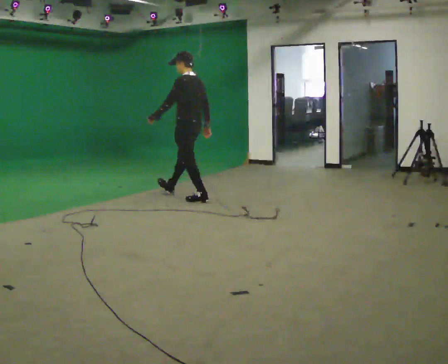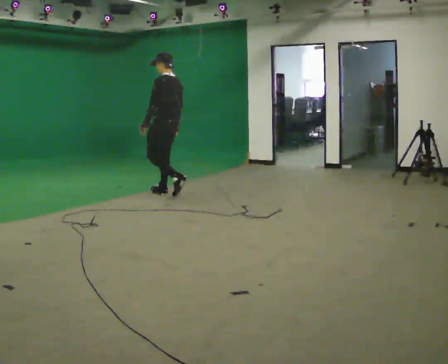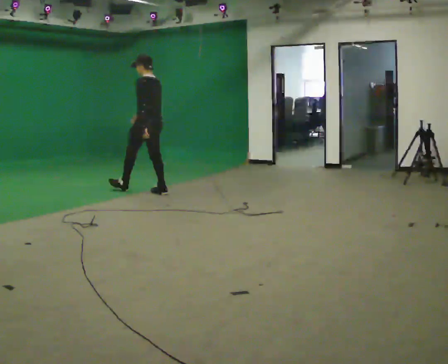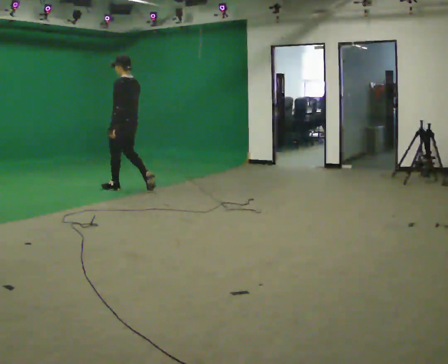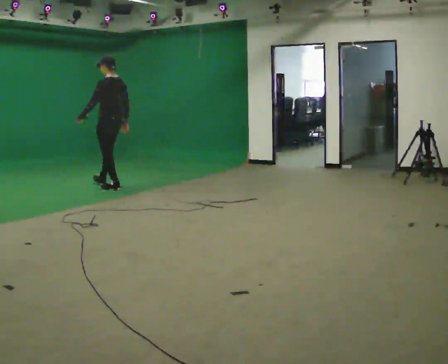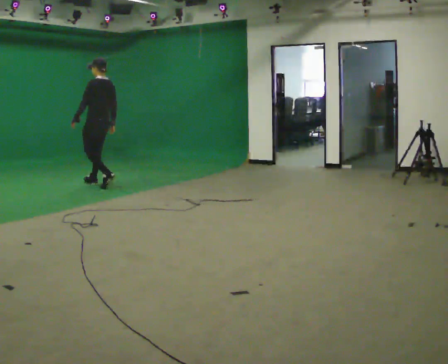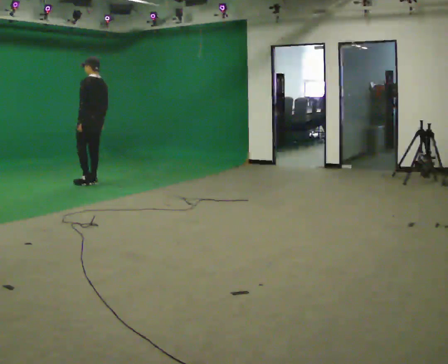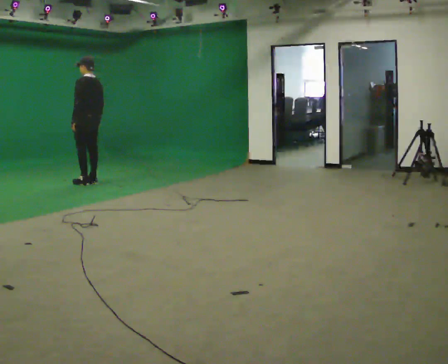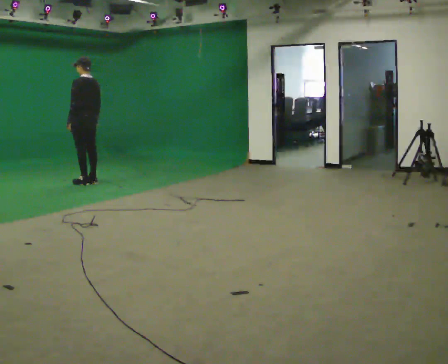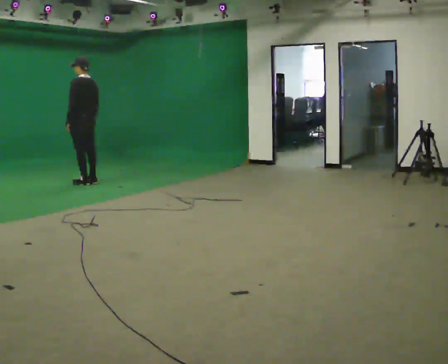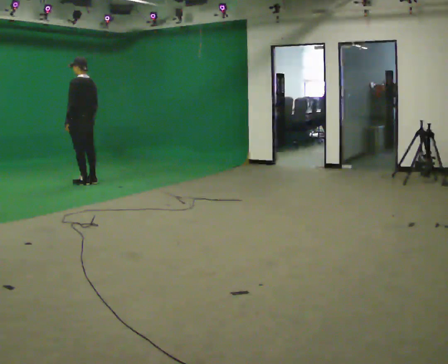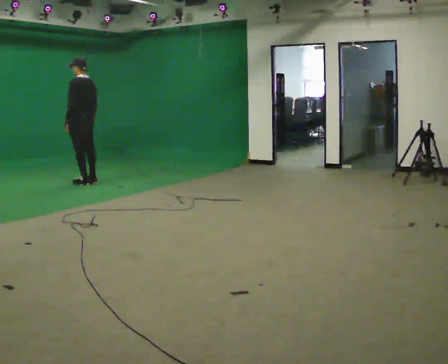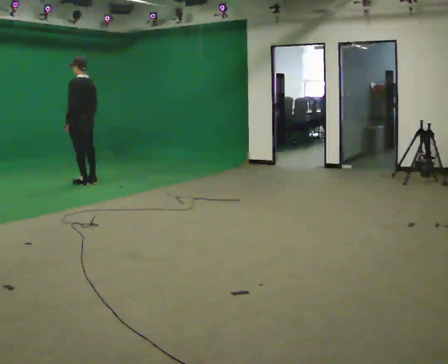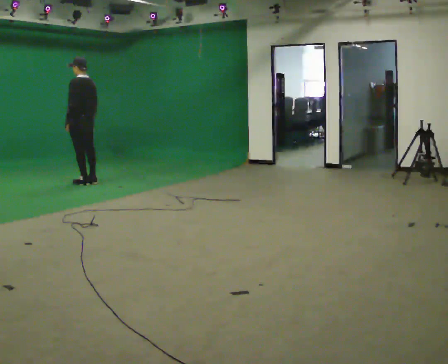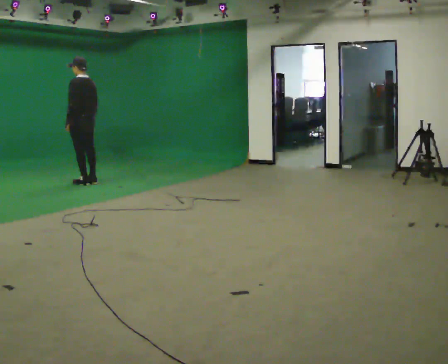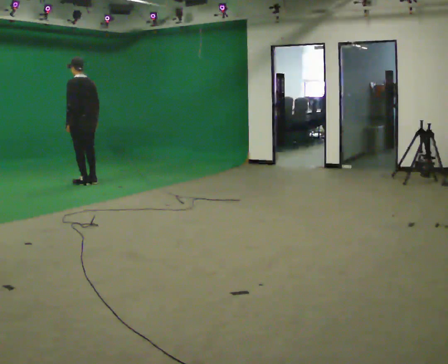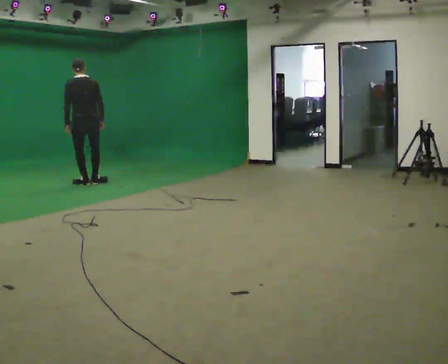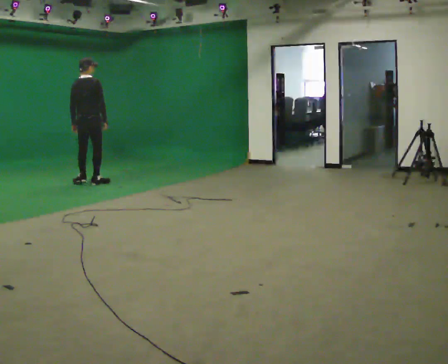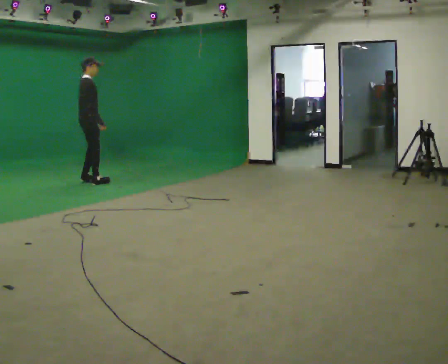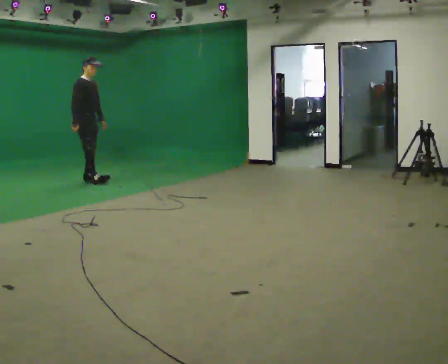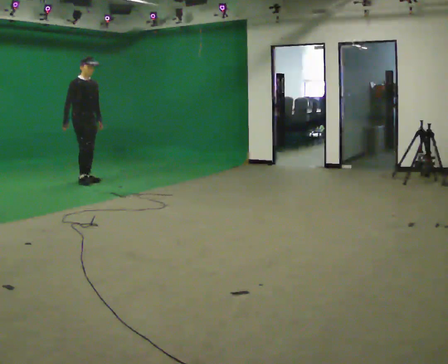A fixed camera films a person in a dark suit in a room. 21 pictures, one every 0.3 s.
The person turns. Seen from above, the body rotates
clockwise.
The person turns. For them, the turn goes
to their right.
0.0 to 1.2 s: In the picture they go to the left and away from the camera, about 1 m in 2 steps, which for them is forward.
1.2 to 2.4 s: In the picture they go away from the camera and to the left, about 0.5 m in 2 steps, which for them is forward.
2.4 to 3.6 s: The person moves a little, or ends about where they began.
3.6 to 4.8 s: The part of the body nearest the lens slides to the left as the person turns to their right by about 45 degrees.
4.8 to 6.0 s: Seen from above the body turns clockwise, about 135 degrees: to their right, with its near side sliding to the left. In the picture they go away from the camera, about 0.25 m in 1 step. In the picture their right hand goes to the left, the arm swinging clockwise.
The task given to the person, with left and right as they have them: Start still; walk straight at normal comfortable speed; stop at endpoint.
The film runs forward here.
